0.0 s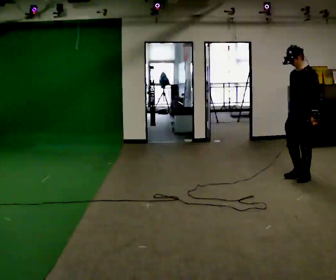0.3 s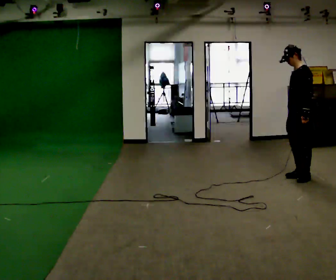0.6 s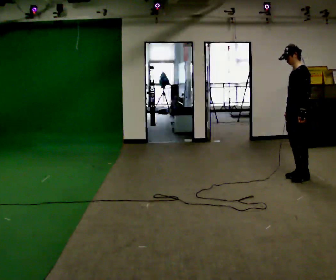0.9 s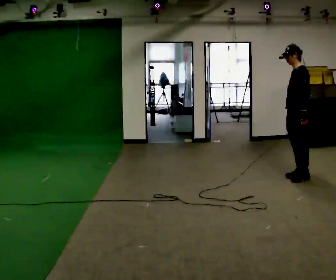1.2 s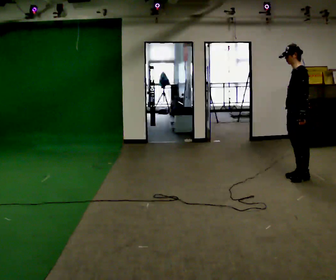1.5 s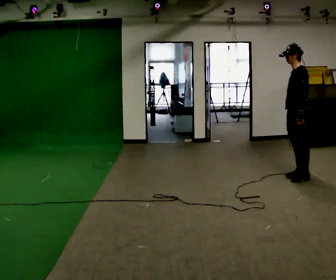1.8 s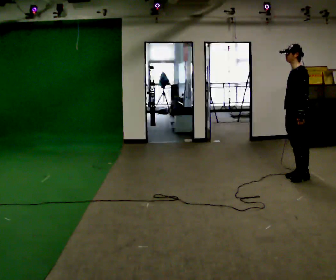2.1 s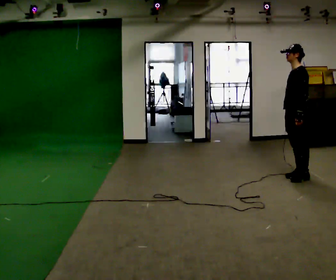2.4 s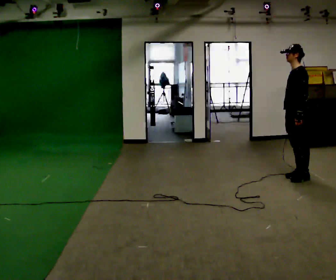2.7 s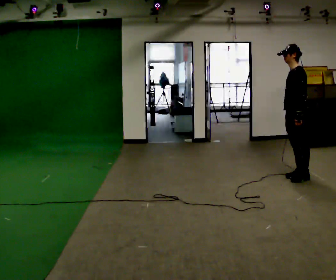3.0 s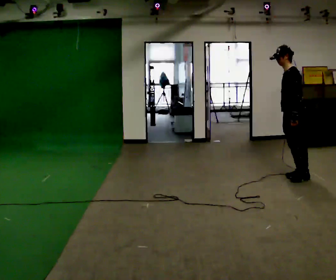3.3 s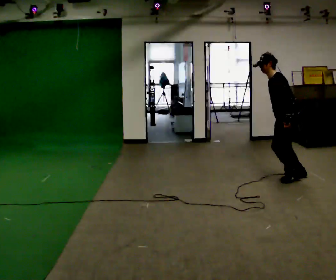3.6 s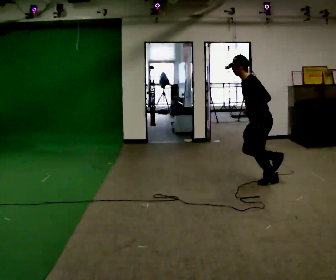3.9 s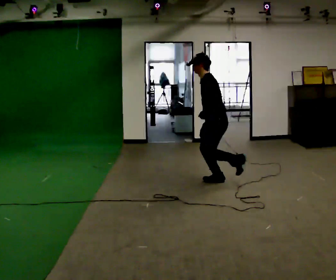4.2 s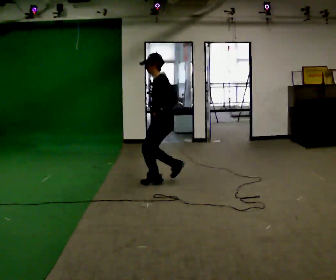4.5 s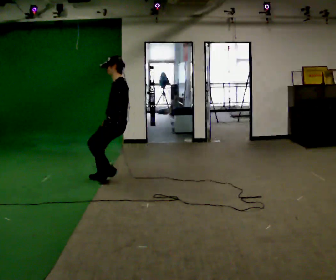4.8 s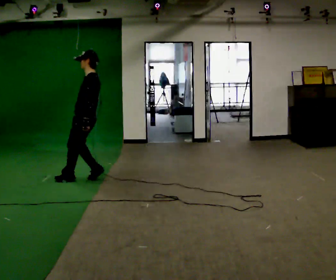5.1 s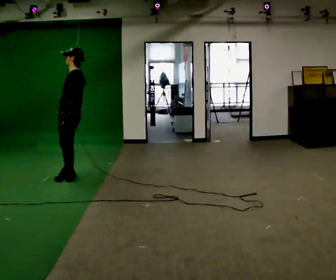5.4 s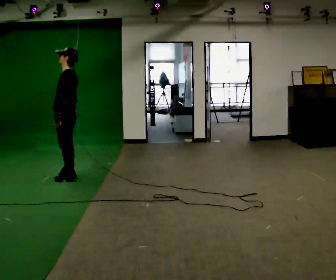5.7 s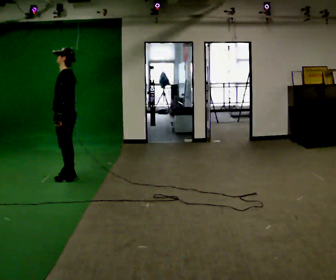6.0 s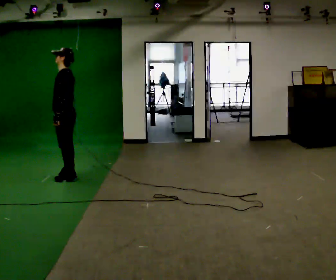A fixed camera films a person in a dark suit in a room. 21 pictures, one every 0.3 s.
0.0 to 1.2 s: The part of the body nearest the lens slides to the left as the person turns to their right by about 30 degrees.
1.2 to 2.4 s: The person moves a little, or ends about where they began.
2.4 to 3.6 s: In the picture they go to the left, about 0.5 m in 1 step, which for them is forward. In the picture the upper body tilts counterclockwise, shoulders to the left, as they bend forward.
3.6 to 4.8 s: In the picture they go to the left, about 2 m in 2 steps, which for them is forward. In the picture the upper body tilts clockwise, shoulders to the right, as they lean back or straighten.
4.8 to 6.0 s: In the picture they go to the left, about 0.25 m in 1 step, which for them is forward.
The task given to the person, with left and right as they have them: Run, then stop as quickly as is comfortable at the marker and stand still.
The film runs forward here.
